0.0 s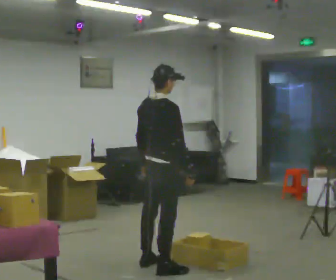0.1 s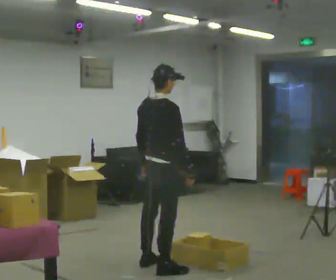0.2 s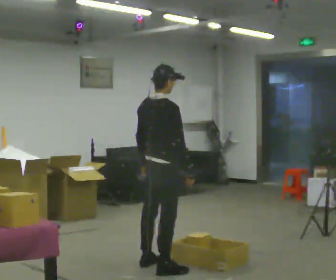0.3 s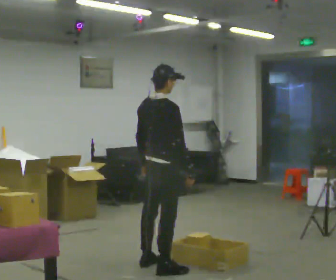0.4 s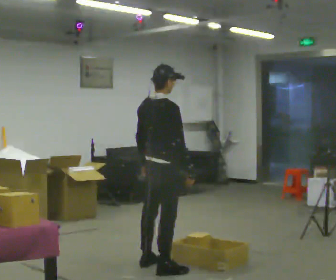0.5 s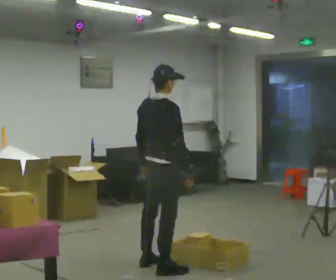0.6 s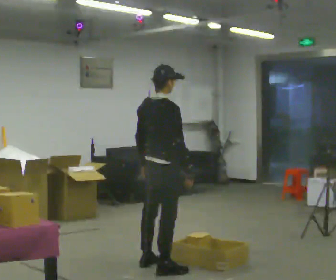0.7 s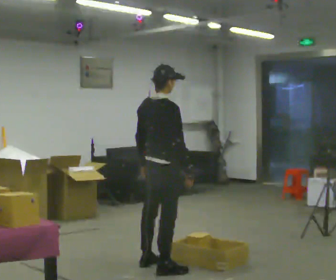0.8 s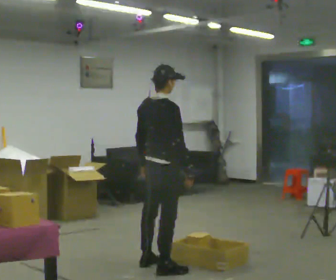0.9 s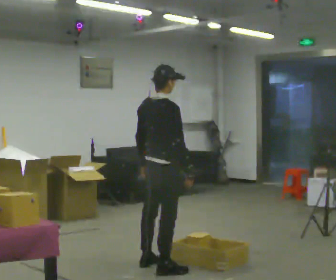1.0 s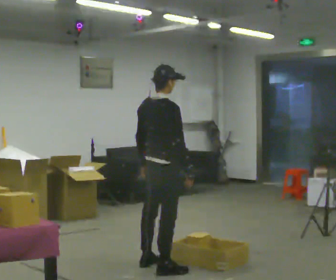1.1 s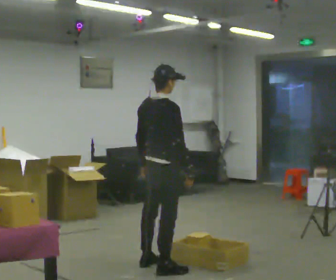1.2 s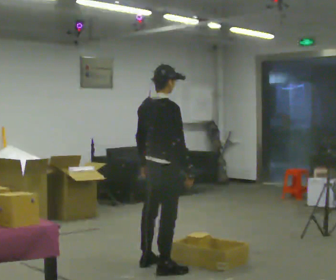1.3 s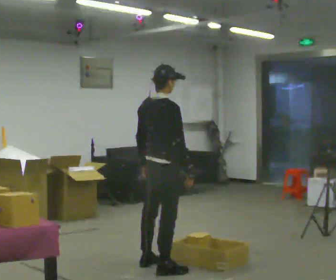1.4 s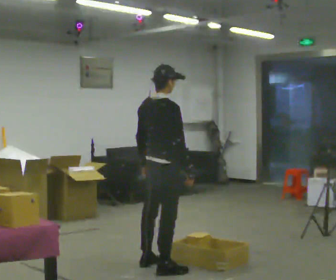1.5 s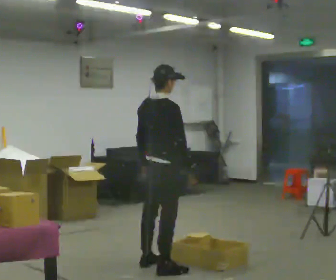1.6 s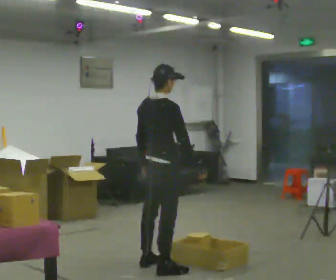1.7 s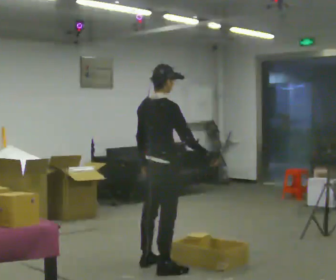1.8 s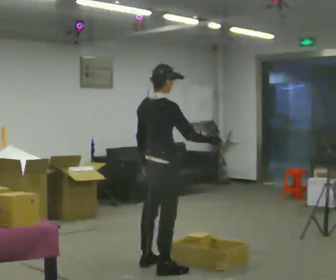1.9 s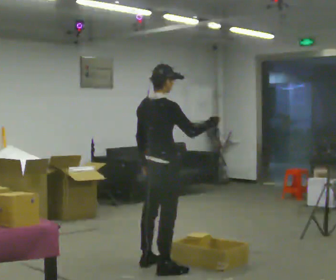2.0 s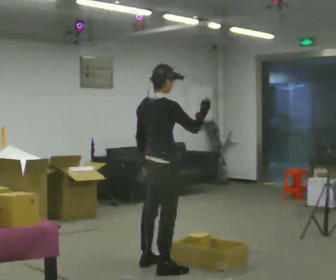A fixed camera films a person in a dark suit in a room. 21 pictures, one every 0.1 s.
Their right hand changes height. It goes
upward.
Their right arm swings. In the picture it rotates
counterclockwise.
0.0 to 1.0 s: The person keeps their place and pose.
1.0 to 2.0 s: In the picture their right hand goes upward, the arm swinging counterclockwise.
The film runs forward here.
